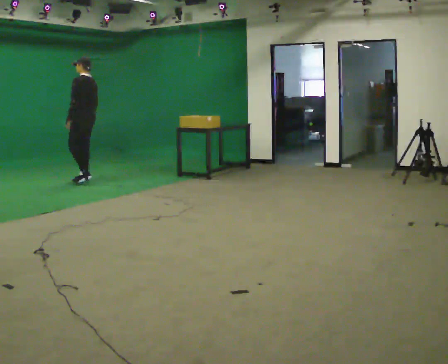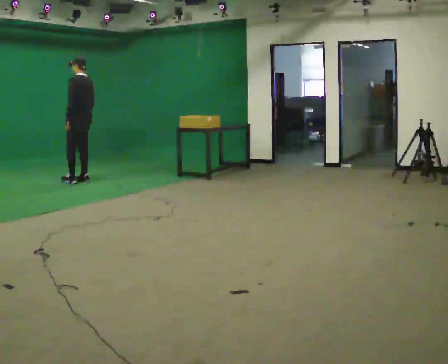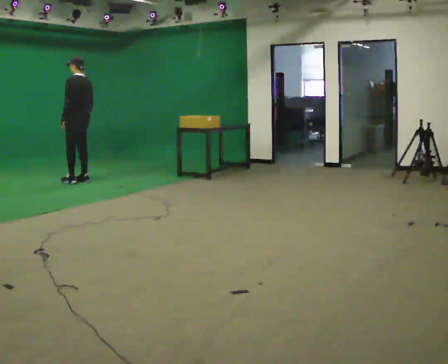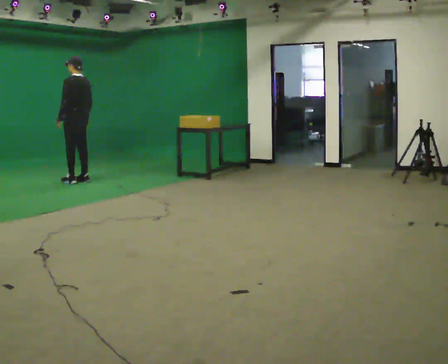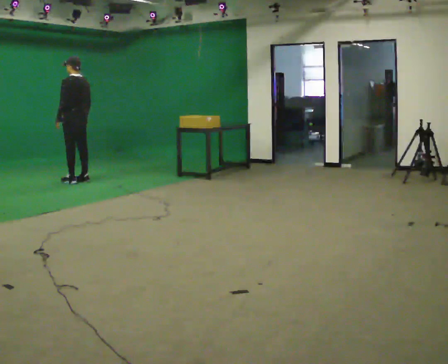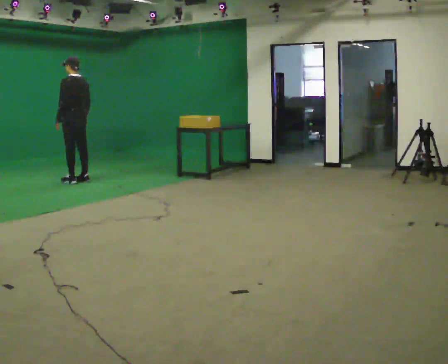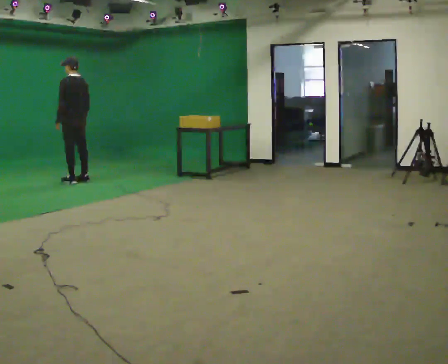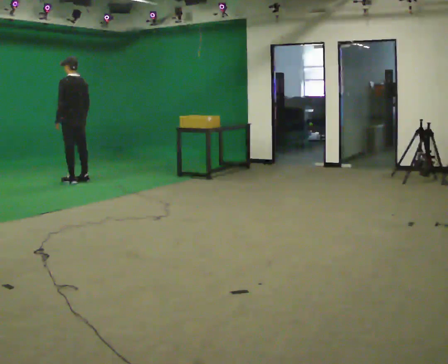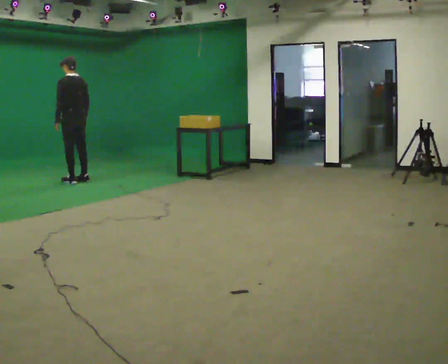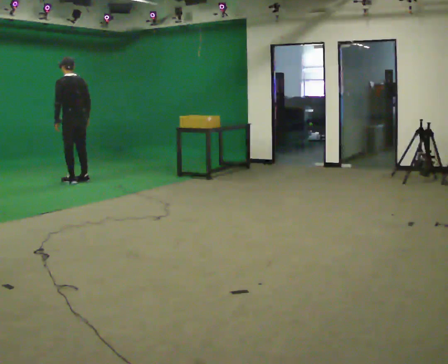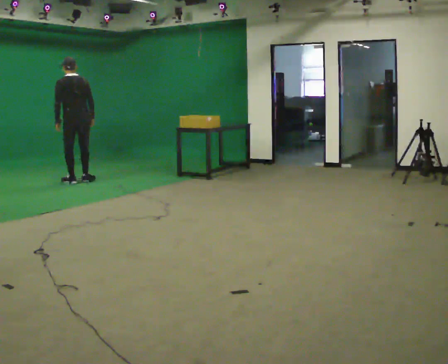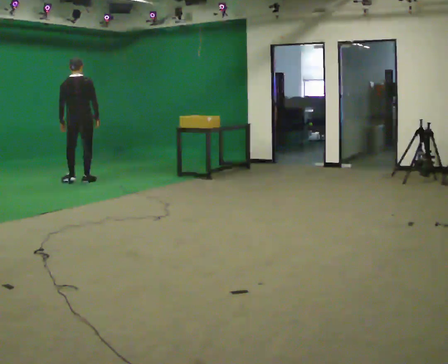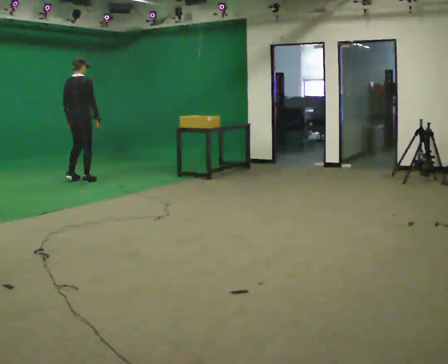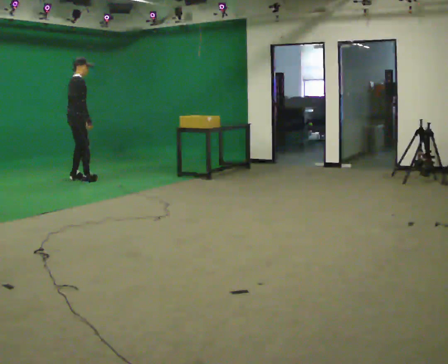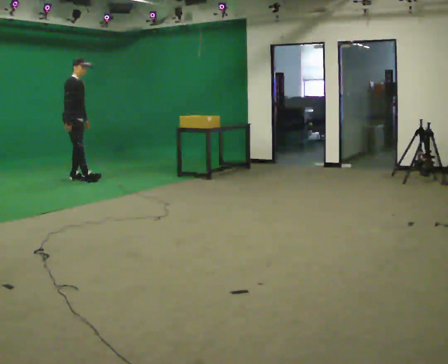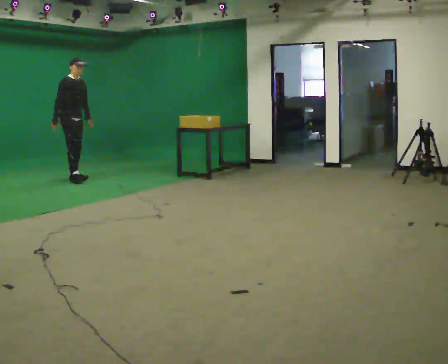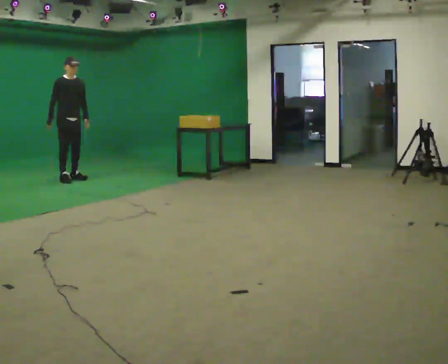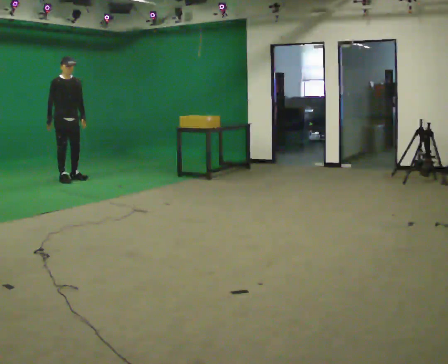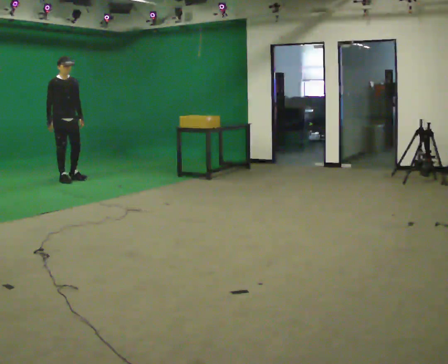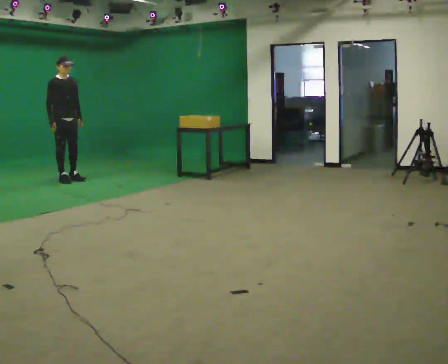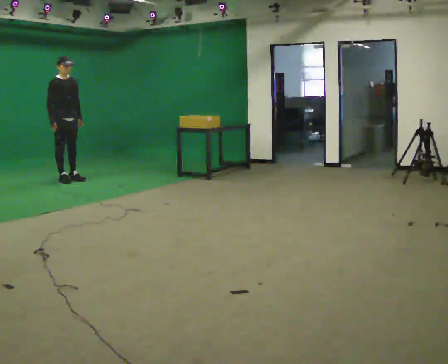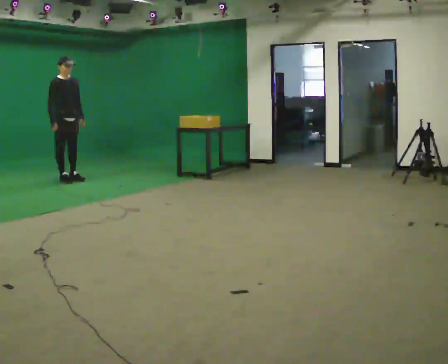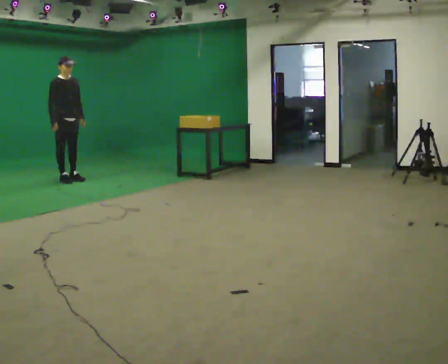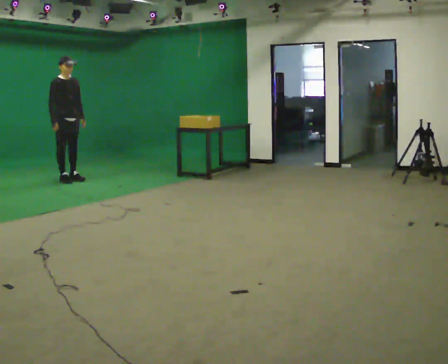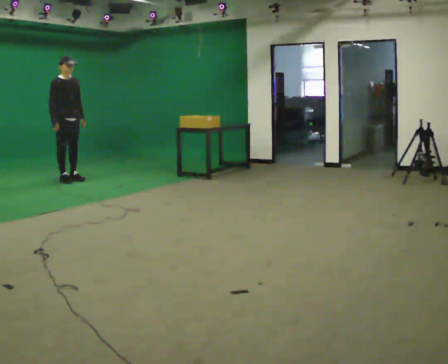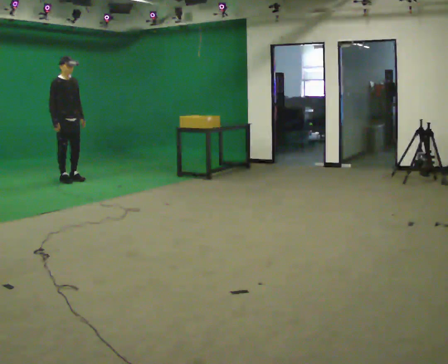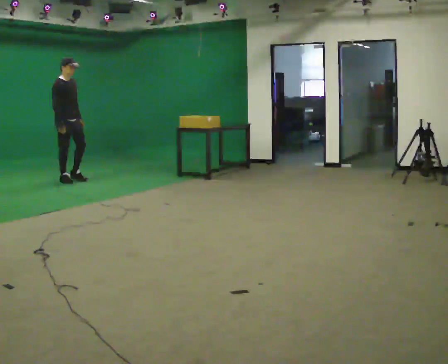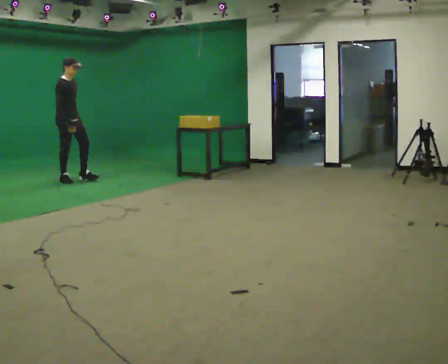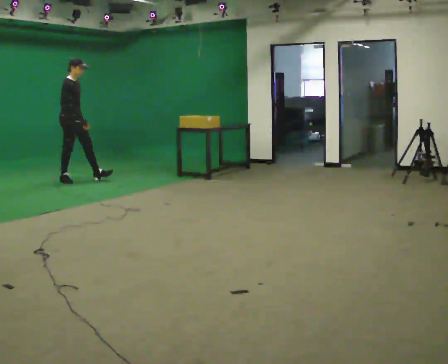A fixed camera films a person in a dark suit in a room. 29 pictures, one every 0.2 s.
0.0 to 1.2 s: The person moves a little, or ends about where they began.
1.2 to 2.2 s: The person turns about 60 degrees to their right, clockwise seen from above, so the part of the body nearest the lens slides to the left.
2.2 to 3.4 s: The part of the body nearest the lens slides to the left as the person turns to their right by about 120 degrees. In the picture they go to the left, about 0.25 m in 2 steps.
3.4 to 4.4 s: The person moves a little, or ends about where they began.
4.4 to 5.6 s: The part of the body nearest the lens slides to the right as the person turns to their left by about 30 degrees.
The film runs forward here.
